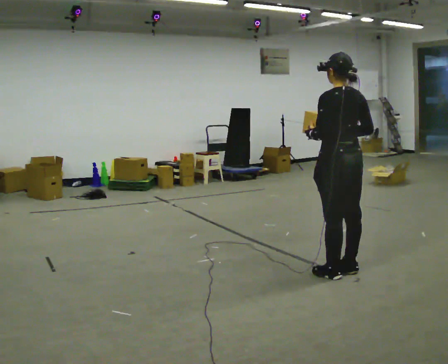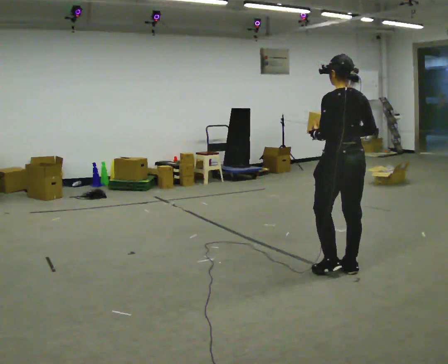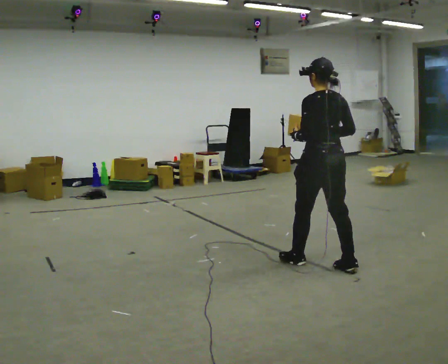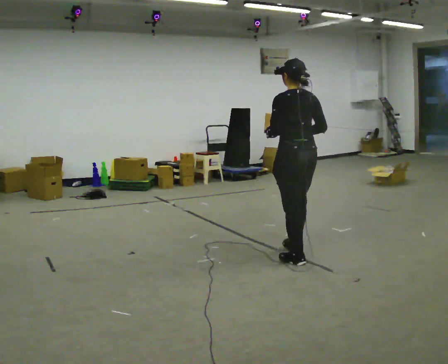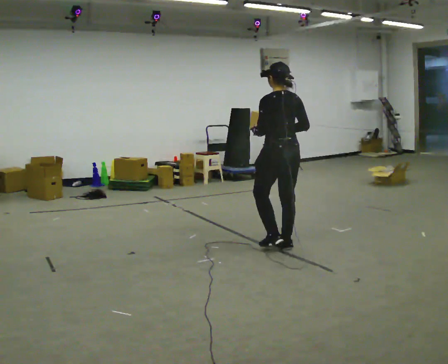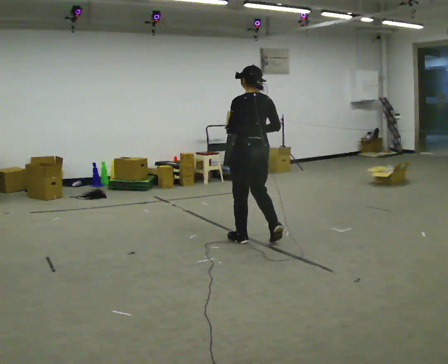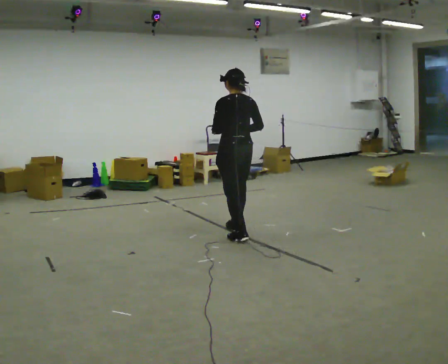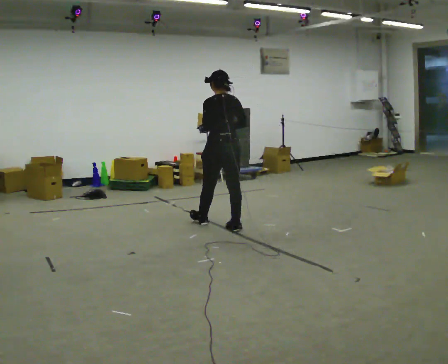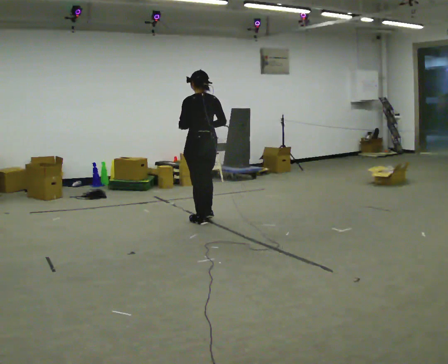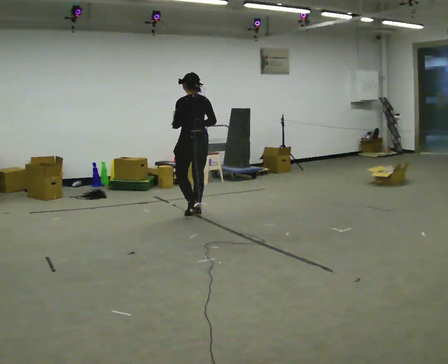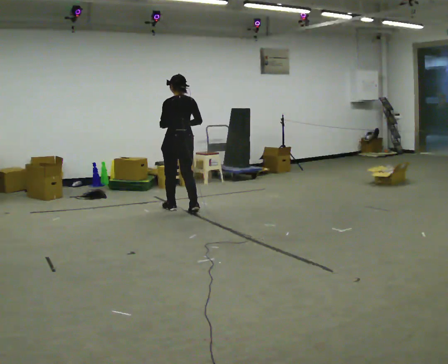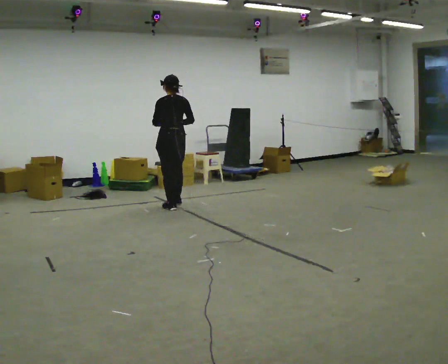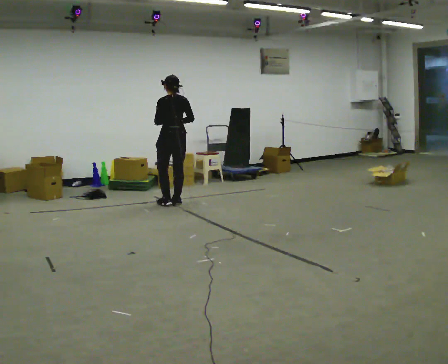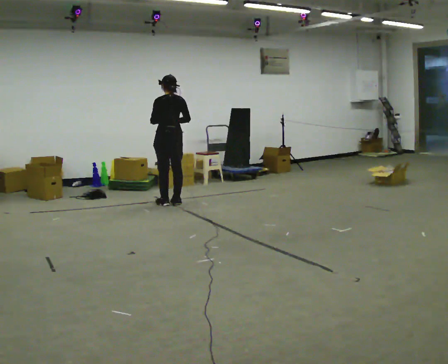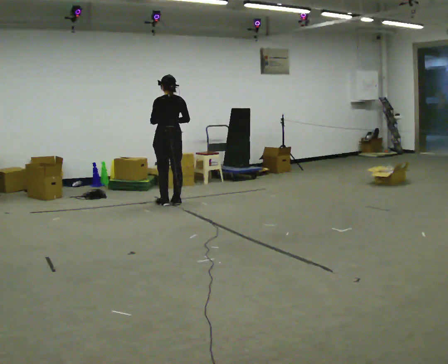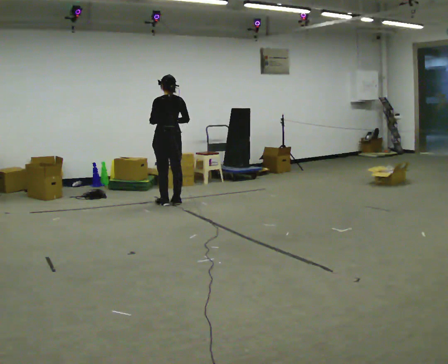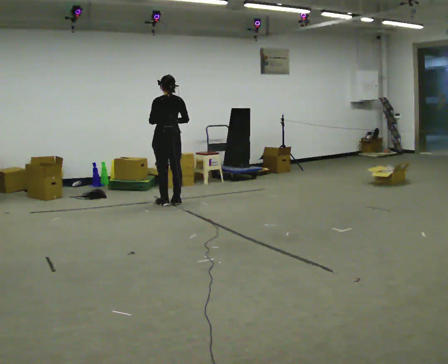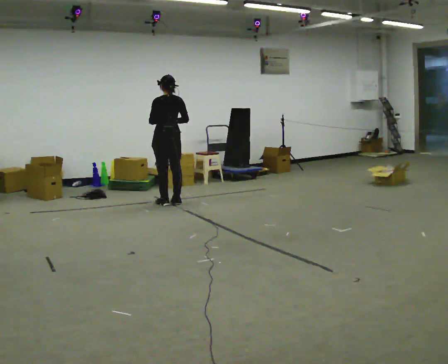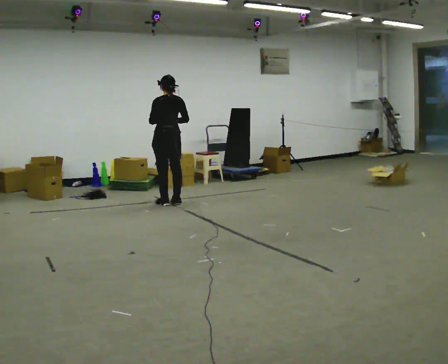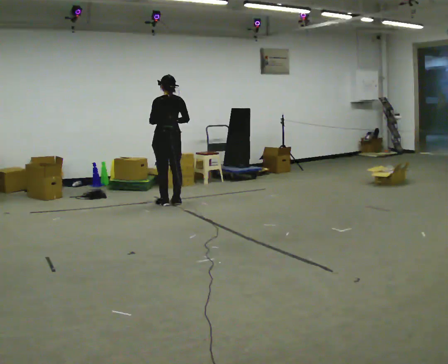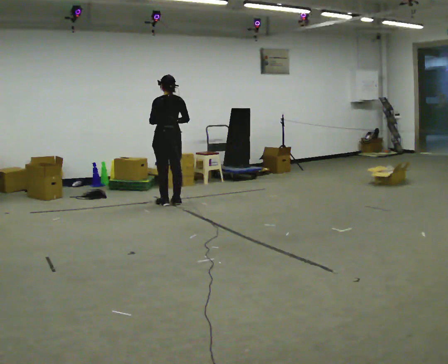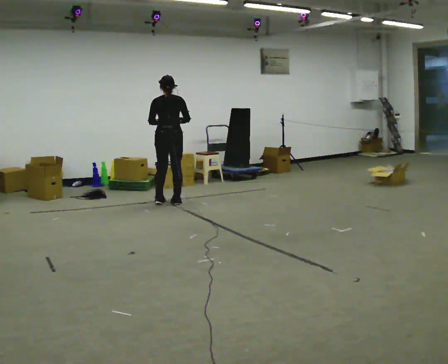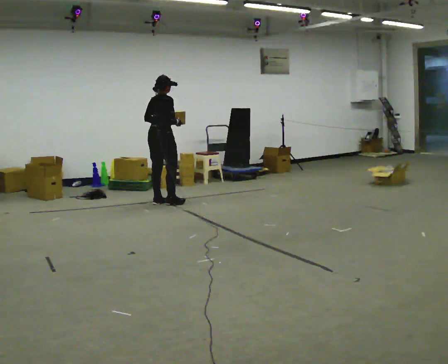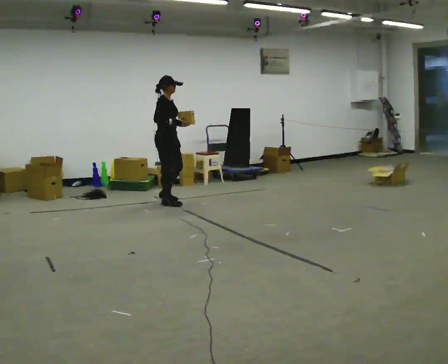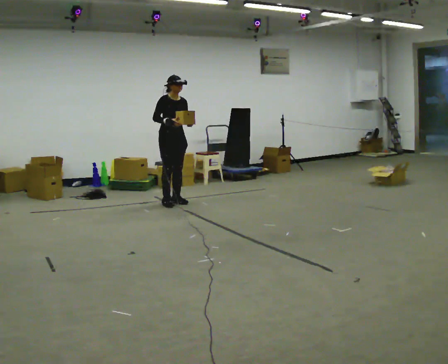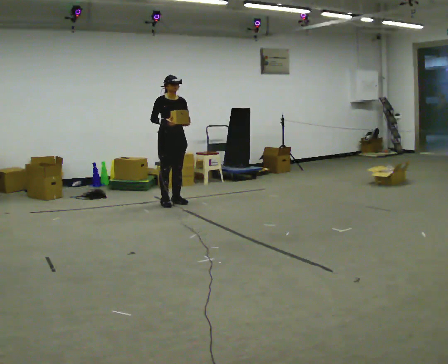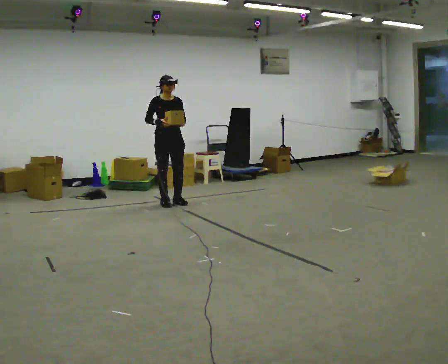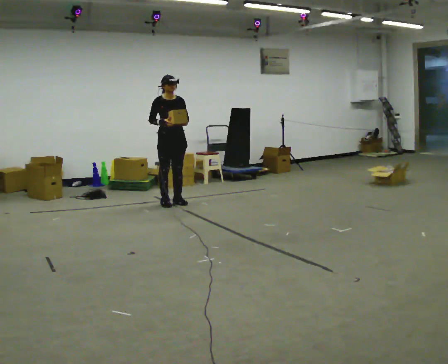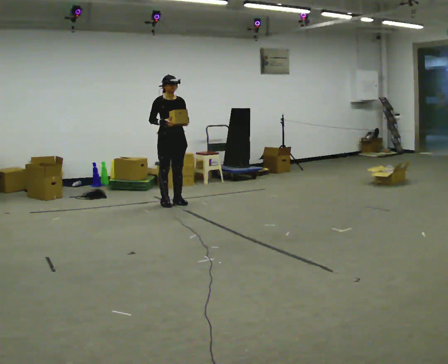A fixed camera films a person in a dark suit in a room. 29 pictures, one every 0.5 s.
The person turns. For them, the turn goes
to their right.
The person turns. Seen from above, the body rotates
clockwise.
0.0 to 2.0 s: In the picture they go away from the camera, about 1 m in 2 steps, which for them is forward.
2.0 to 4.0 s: In the picture they go away from the camera and to the left, about 1 m in 3 steps, which for them is forward.
4.0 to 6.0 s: In the picture they go away from the camera, about 1 m in 3 steps, which for them is forward.
6.0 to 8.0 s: The person moves a little, or ends about where they began.
8.0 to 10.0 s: The person keeps their place and pose.
10.0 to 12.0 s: Seen from above the body turns clockwise, about 165 degrees: to their right, with its near side sliding to the left. In the picture their left hand goes to the right.
12.0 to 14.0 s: The person moves a little, or ends about where they began.
The film runs forward here.
